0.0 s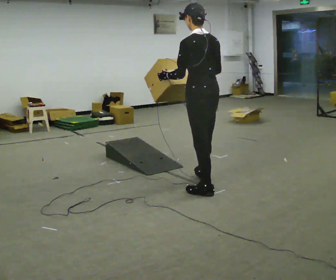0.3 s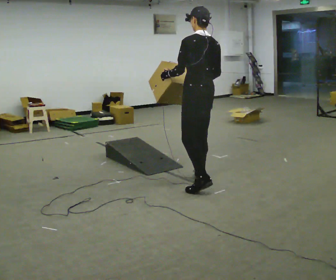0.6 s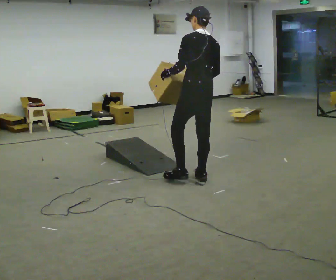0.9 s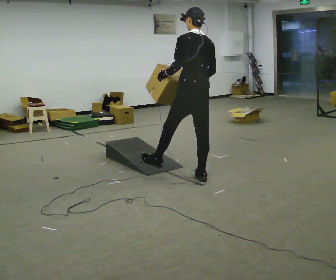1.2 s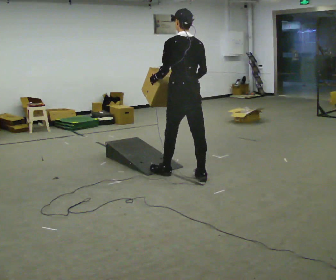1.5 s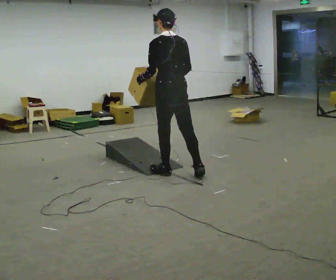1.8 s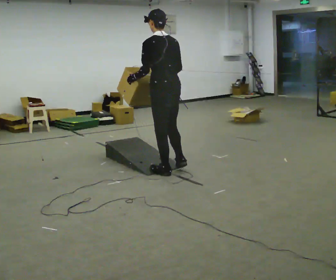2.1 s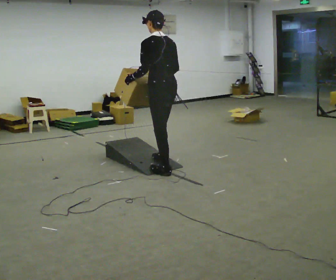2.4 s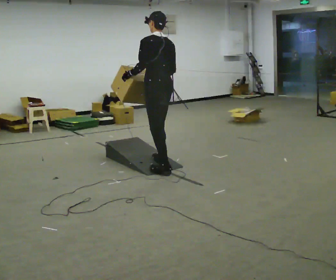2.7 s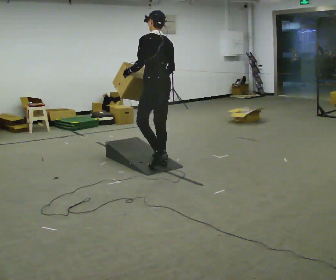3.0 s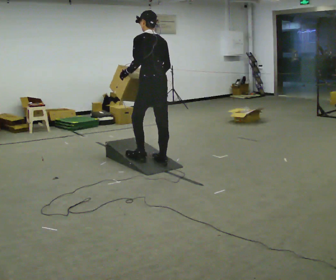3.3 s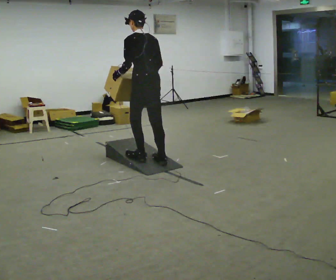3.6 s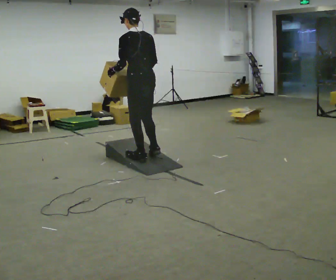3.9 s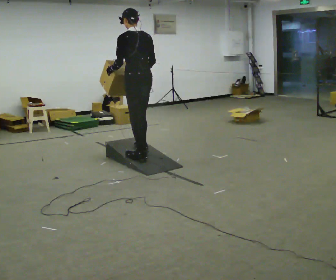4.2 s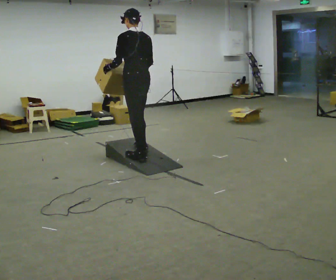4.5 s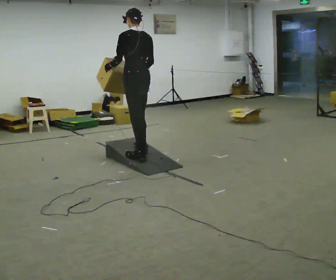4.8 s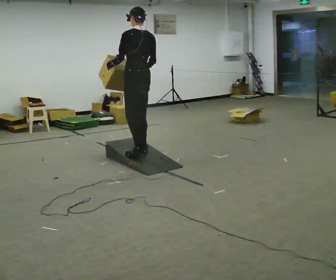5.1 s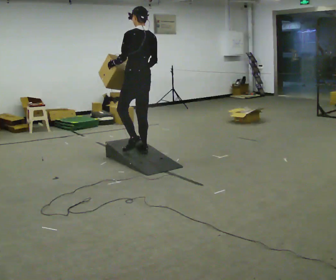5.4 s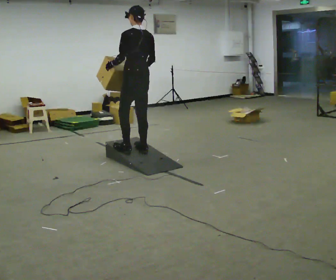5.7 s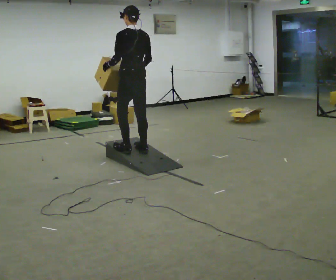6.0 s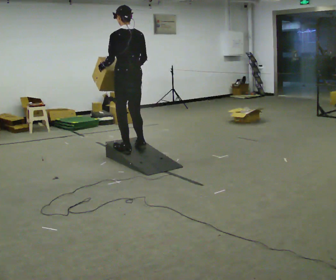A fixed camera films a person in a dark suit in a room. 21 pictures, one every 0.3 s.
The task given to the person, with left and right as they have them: Carry the box up the ramp, turn at the top, and carry it back down. Keep going until the operator says stop; one object at a time, and do not rush between trips.
0.0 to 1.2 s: In the picture they go away from the camera and to the left, about 0.5 m in 2 steps, which for them is forward.
1.2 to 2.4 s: In the picture they go to the left and away from the camera, about 0.25 m in 1 step, which for them is forward.
2.4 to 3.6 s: In the picture they go to the left, about 0.25 m in 1 step, which for them is forward.
3.6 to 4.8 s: In the picture they go away from the camera, about 0.25 m in 1 step, which for them is forward.
4.8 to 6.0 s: The person moves a little, or ends about where they began.
The film runs forward here.
